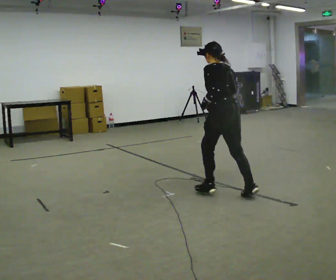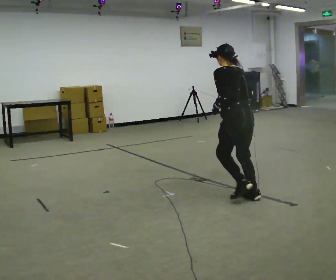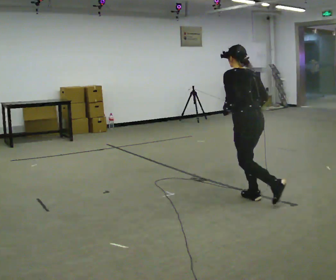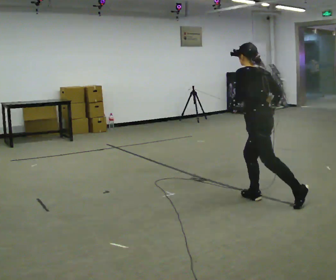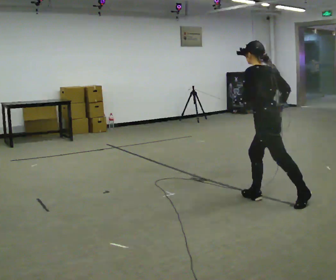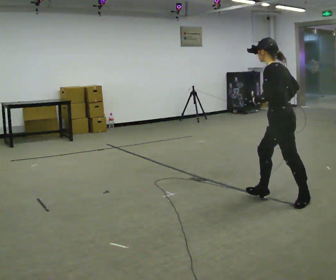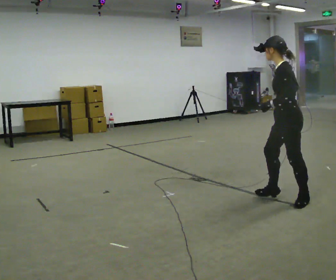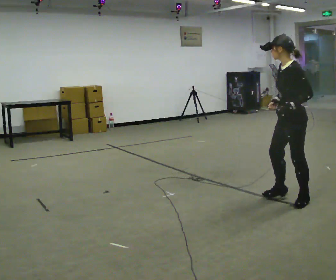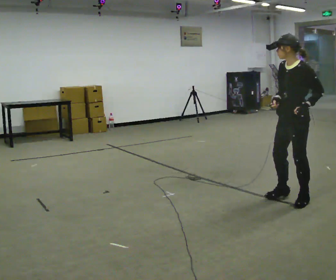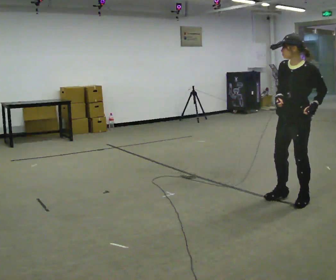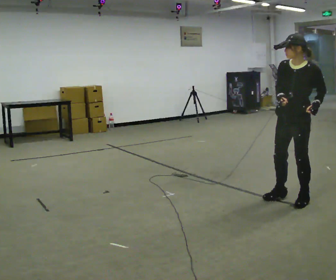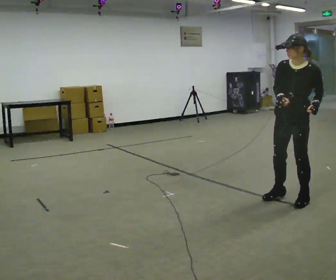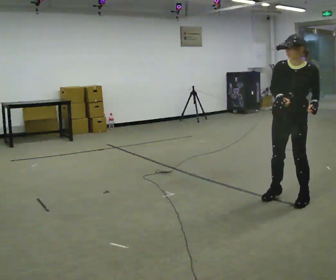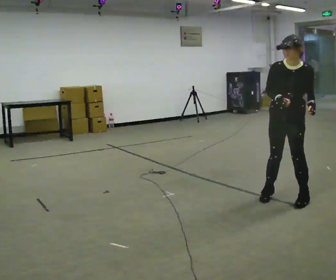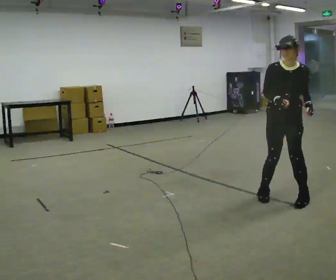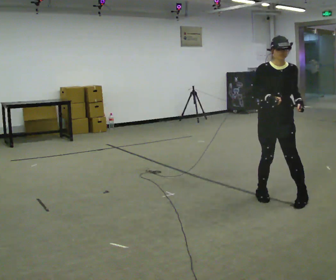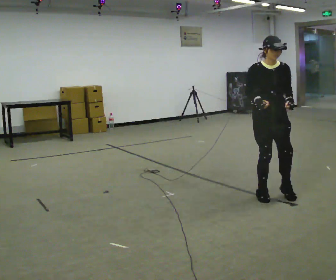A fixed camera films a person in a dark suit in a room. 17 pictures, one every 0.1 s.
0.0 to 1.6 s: The person turns about 135 degrees to their left, counterclockwise seen from above, so the part of the body nearest the lens slides to the right. In the picture they go to the right, about 0.5 m in 3 steps.
The film runs backward here.
